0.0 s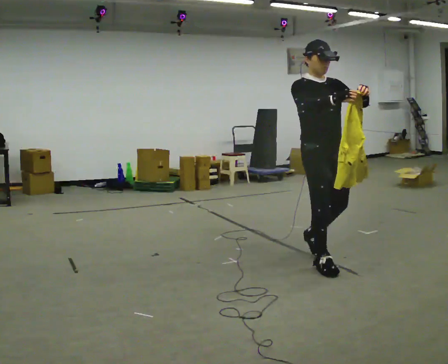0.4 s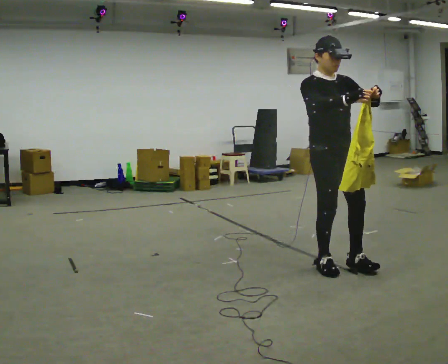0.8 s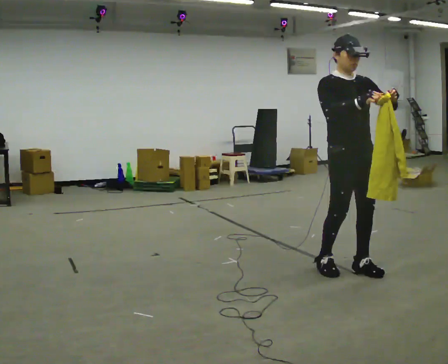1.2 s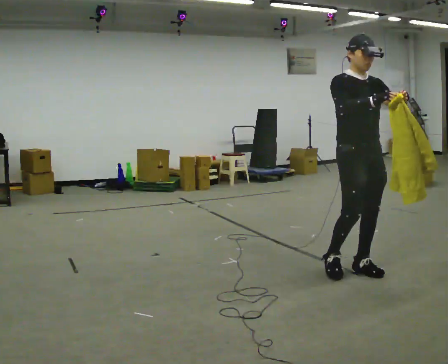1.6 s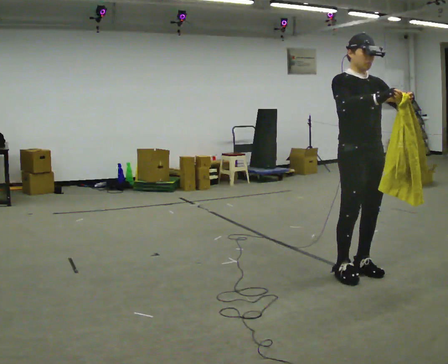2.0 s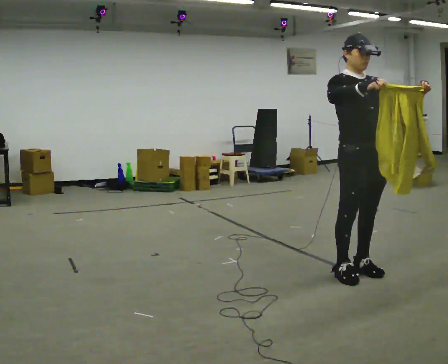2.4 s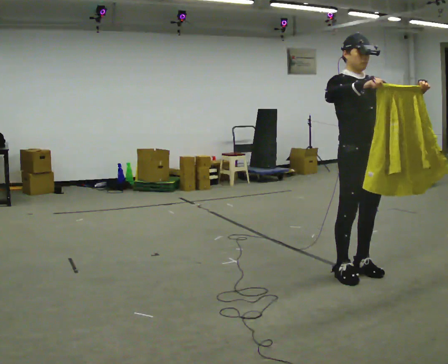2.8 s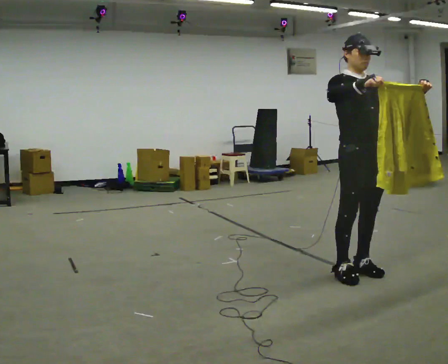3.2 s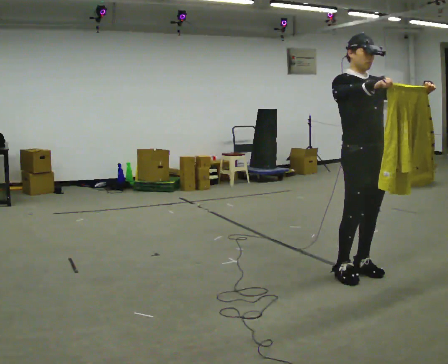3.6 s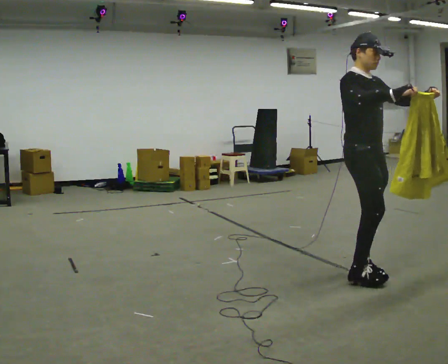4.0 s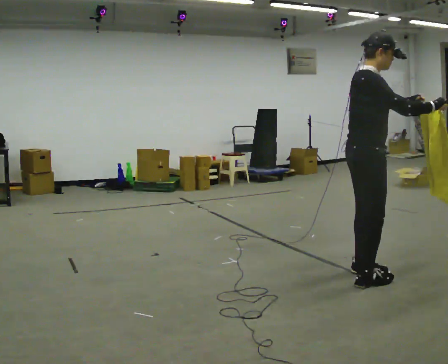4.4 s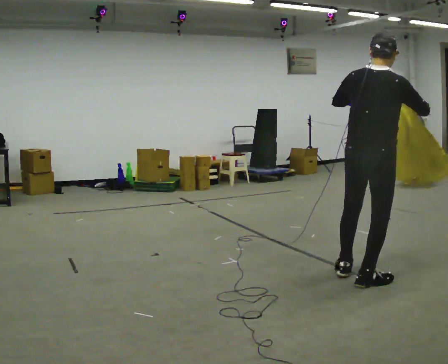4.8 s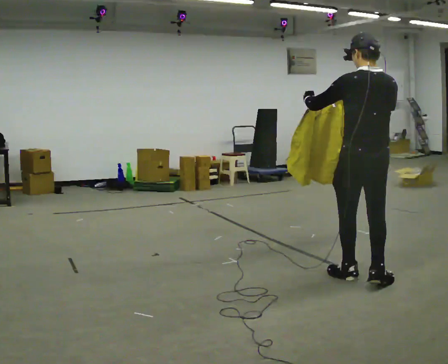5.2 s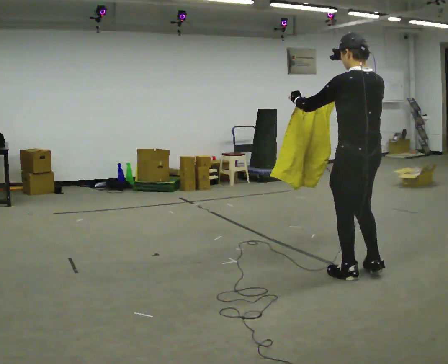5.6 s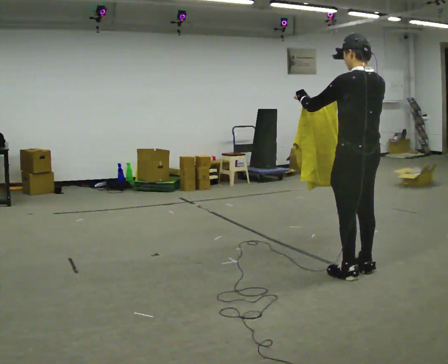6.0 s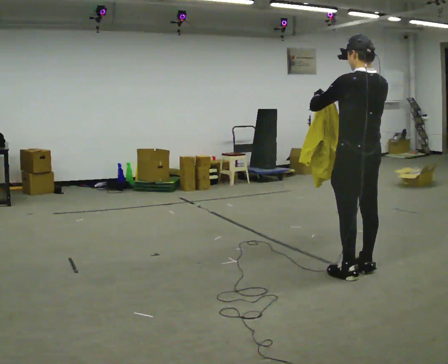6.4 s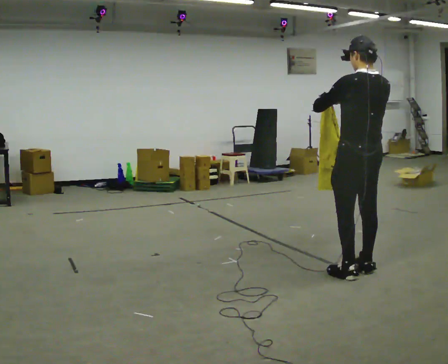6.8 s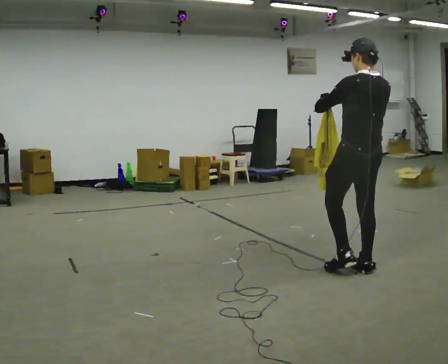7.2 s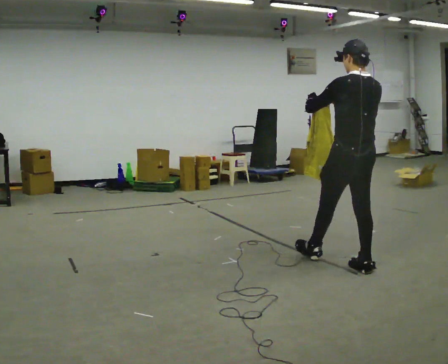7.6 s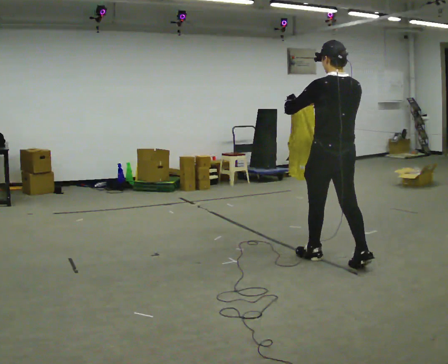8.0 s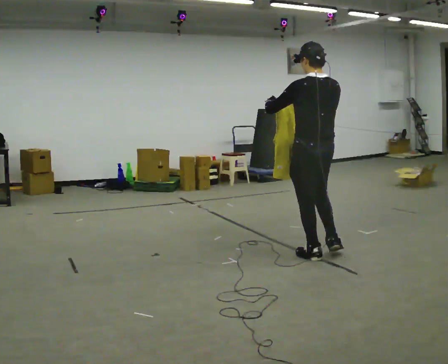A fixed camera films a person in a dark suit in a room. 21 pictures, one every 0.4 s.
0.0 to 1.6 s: In the picture they go to the right and toward the camera, about 0.25 m in 2 steps, which for them is forward.
1.6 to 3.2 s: The person moves a little, or ends about where they began.
3.2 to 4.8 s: The person turns about 165 degrees to their left, counterclockwise seen from above, so the part of the body nearest the lens slides to the right.
4.8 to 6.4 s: In the picture they go away from the camera, about 0.25 m in 1 step, which for them is forward and to their right.
6.4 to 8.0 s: In the picture they go to the left and away from the camera, about 0.5 m in 1 step, which for them is forward.
The film runs forward here.
